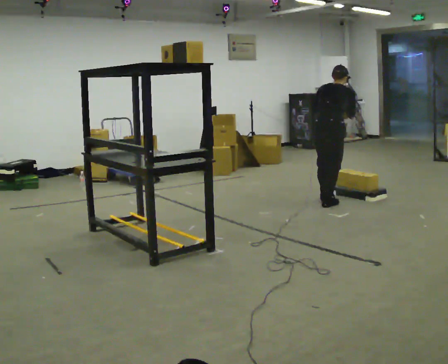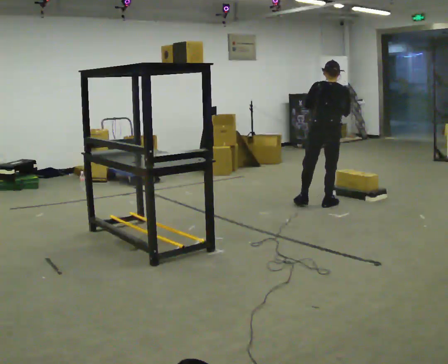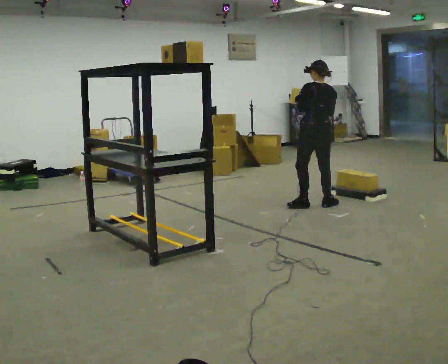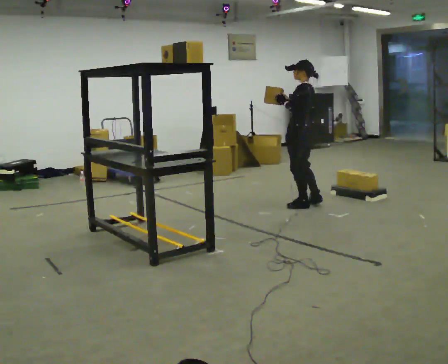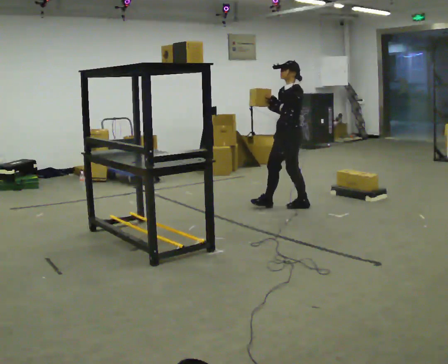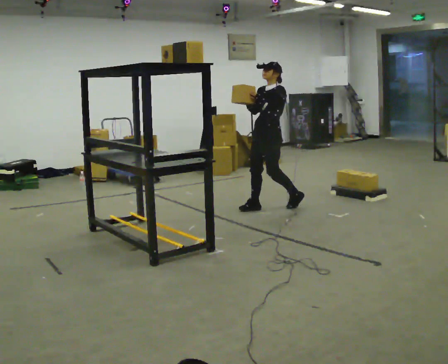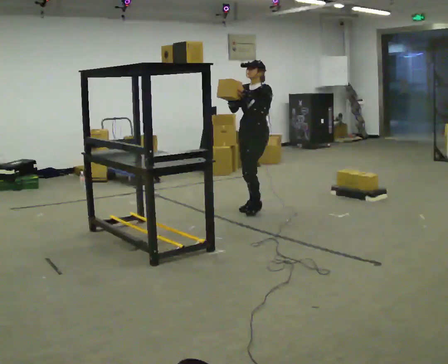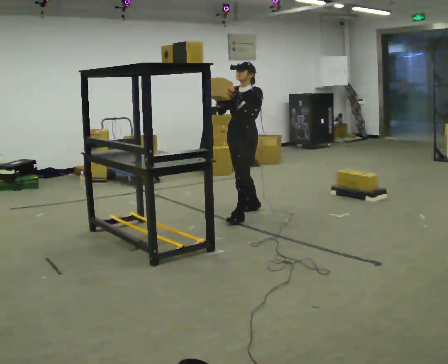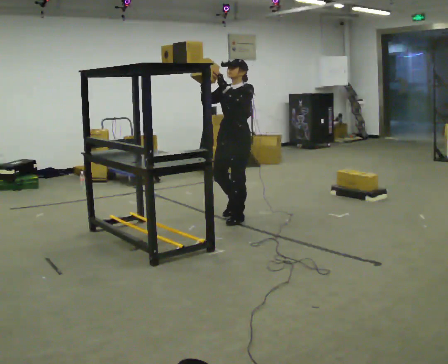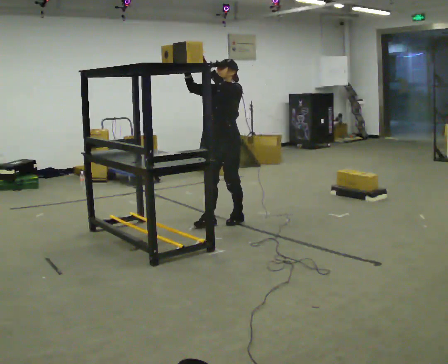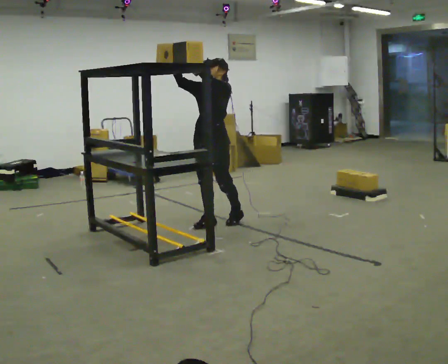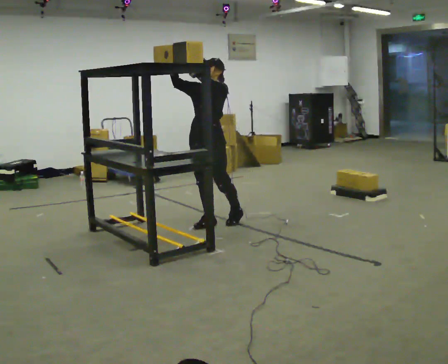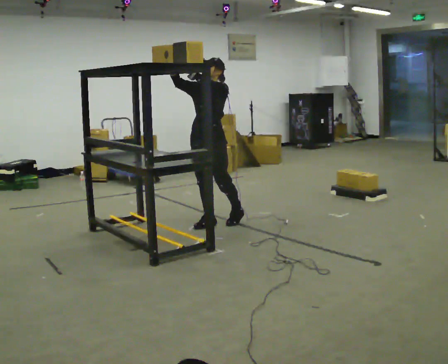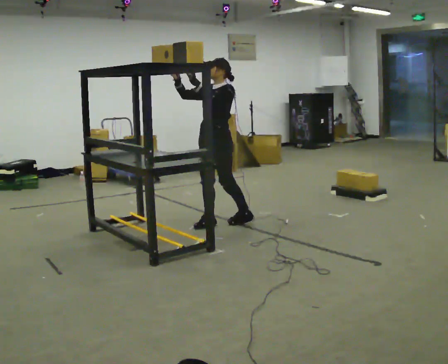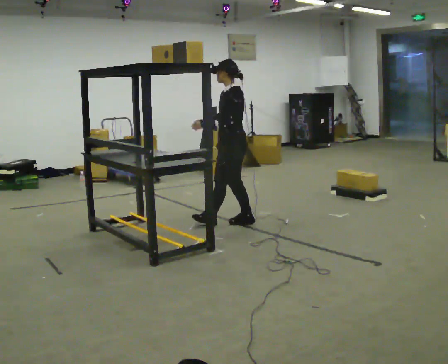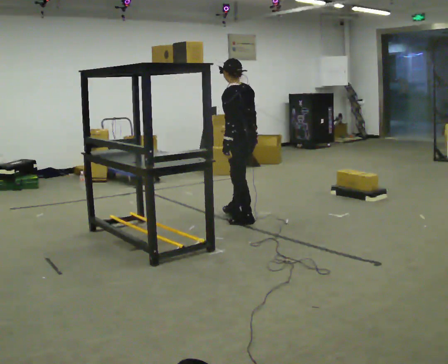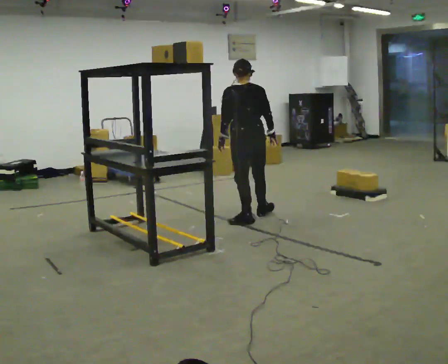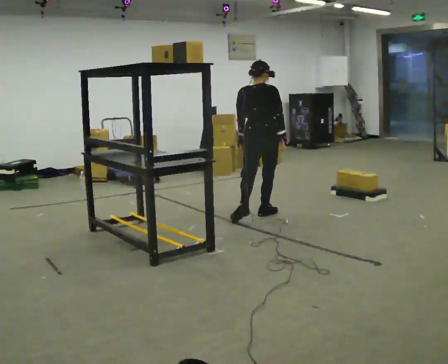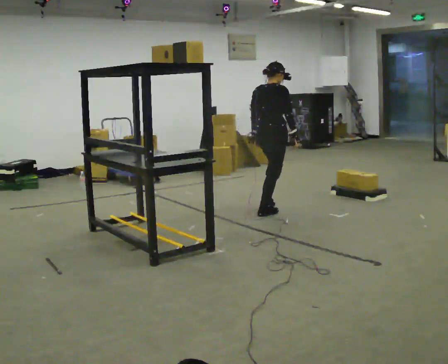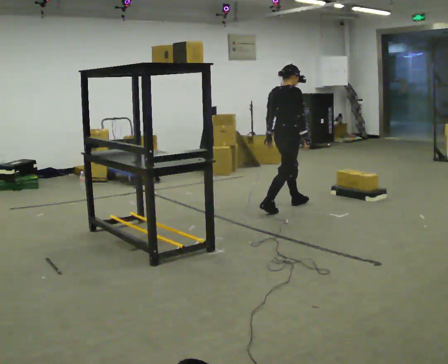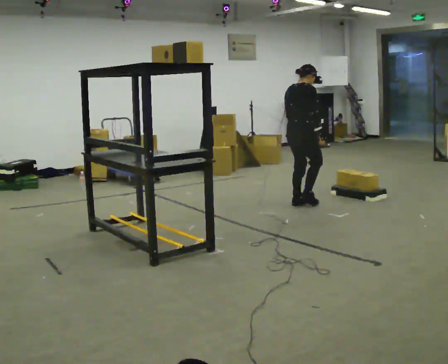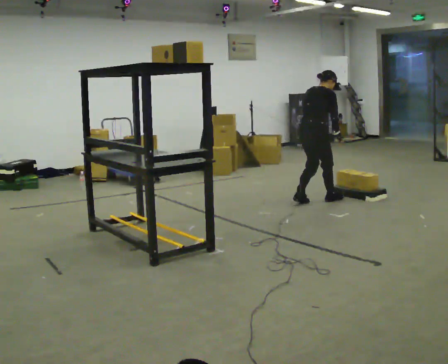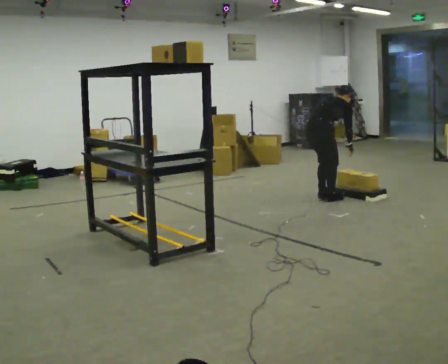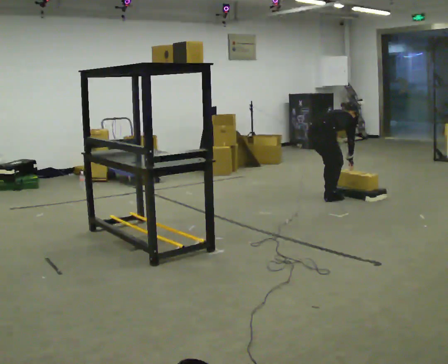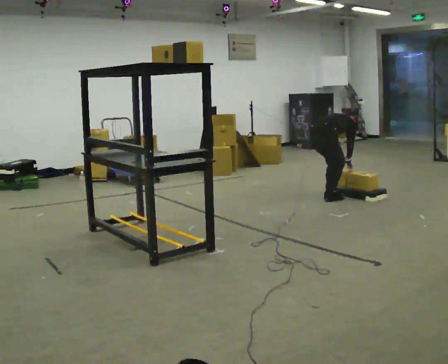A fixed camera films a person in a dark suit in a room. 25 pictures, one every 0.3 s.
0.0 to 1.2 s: Seen from above the body turns counterclockwise, about 135 degrees: to their left, with its near side sliding to the right. In the picture they go to the left, about 0.5 m in 1 step. In the picture the upper body tilts counterclockwise, shoulders to the left, as they lean back or straighten.
1.2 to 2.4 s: The part of the body nearest the lens slides to the right as the person turns to their left by about 30 degrees. In the picture they go to the left and toward the camera, about 0.75 m in 2 steps, which for them is forward.
2.4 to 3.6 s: In the picture they go to the left and toward the camera, about 0.25 m in 1 step, which for them is forward.
3.6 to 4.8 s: The part of the body nearest the lens slides to the left as the person turns to their right by about 120 degrees. In the picture they go to the right, about 0.5 m in 1 step. In the picture their right hand goes downward, the arm swinging counterclockwise.
4.8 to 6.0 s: The part of the body nearest the lens slides to the left as the person turns to their right by about 75 degrees. In the picture they go away from the camera and to the right, about 0.5 m in 1 step. In the picture the upper body tilts clockwise, shoulders to the right.
6.0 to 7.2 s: In the picture they go to the right, about 0.25 m in 2 steps, which for them is forward. The upper body goes downward. In the picture the upper body tilts clockwise, shoulders to the right, as they bend forward. In the picture their right hand goes downward.
The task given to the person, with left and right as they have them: Take an object from the lowest shelf, carry it across the room, and place it on the highest shelf you can comfortably reach. Keep going until the operator says stop; one object at a time, and do not rush between trips.
The film runs forward here.
